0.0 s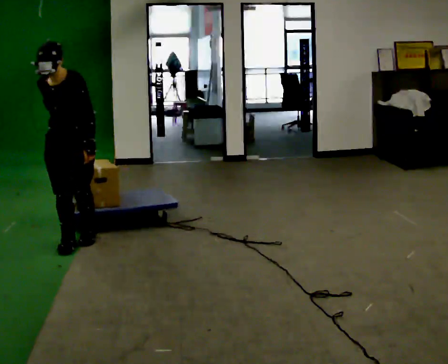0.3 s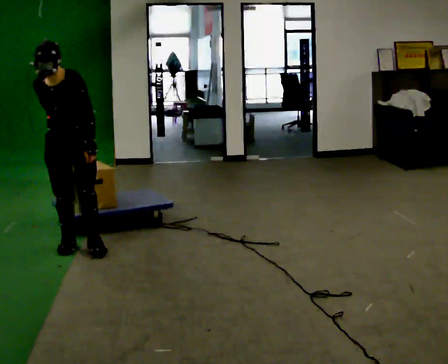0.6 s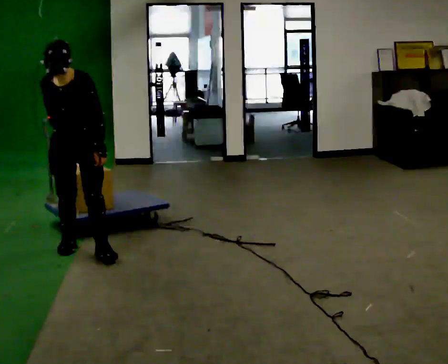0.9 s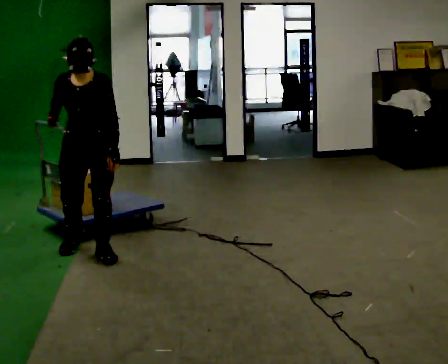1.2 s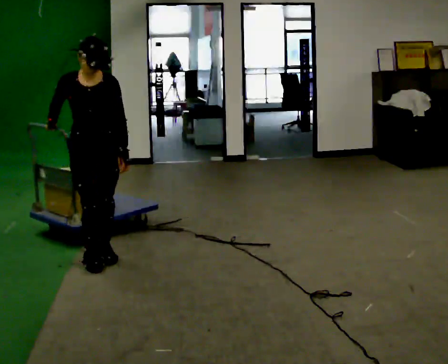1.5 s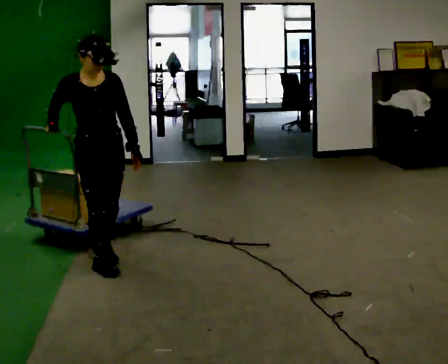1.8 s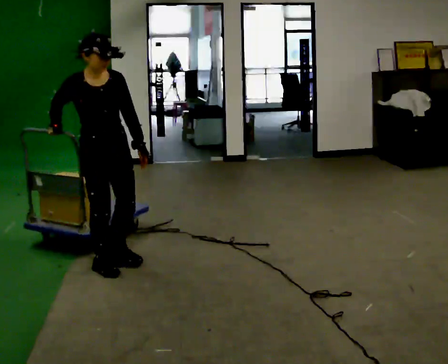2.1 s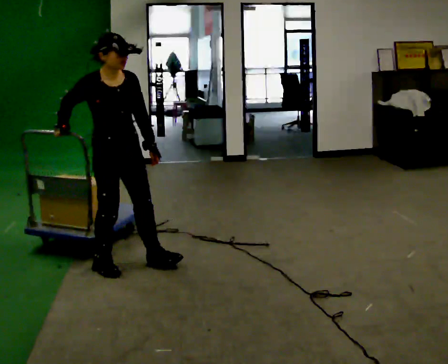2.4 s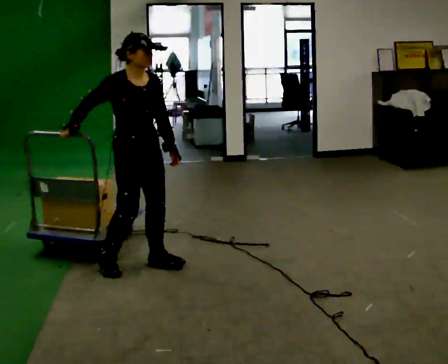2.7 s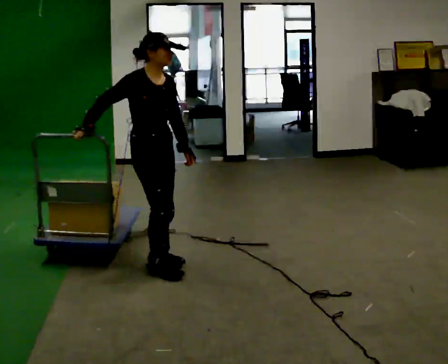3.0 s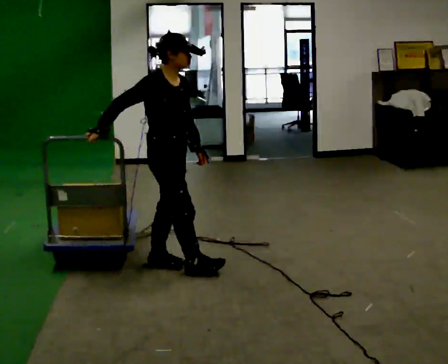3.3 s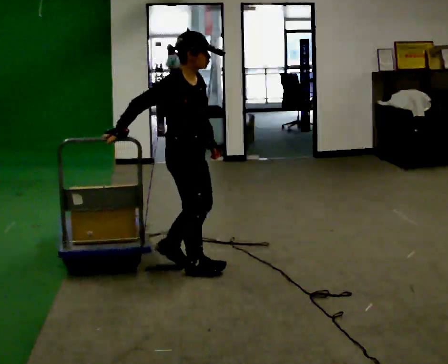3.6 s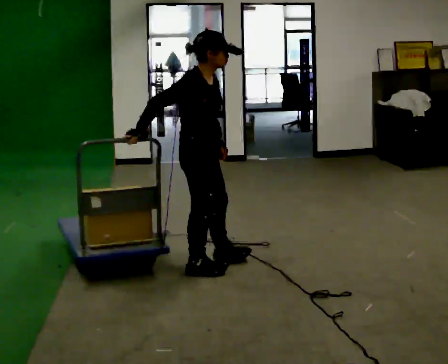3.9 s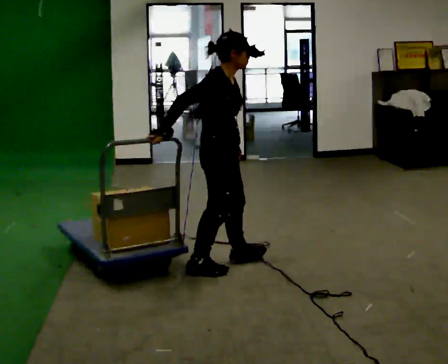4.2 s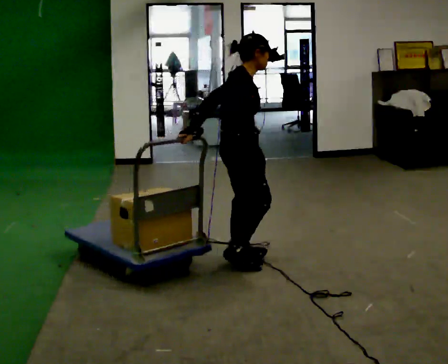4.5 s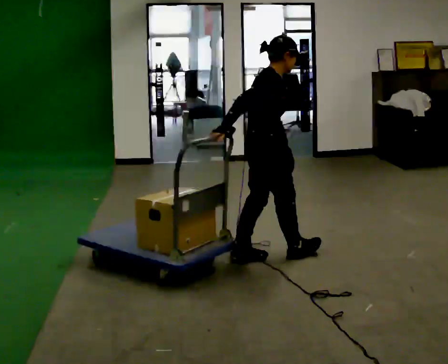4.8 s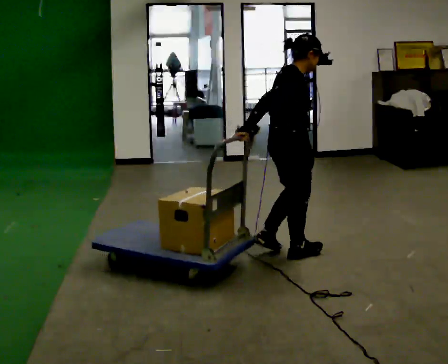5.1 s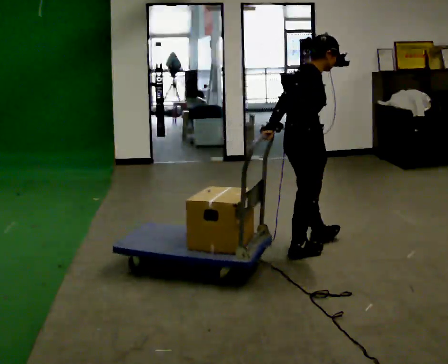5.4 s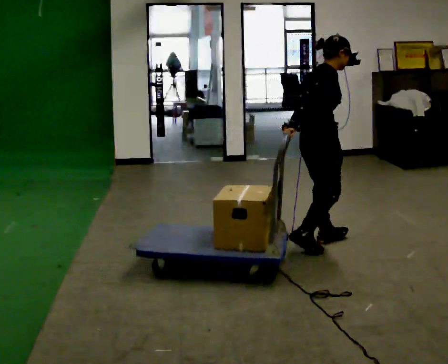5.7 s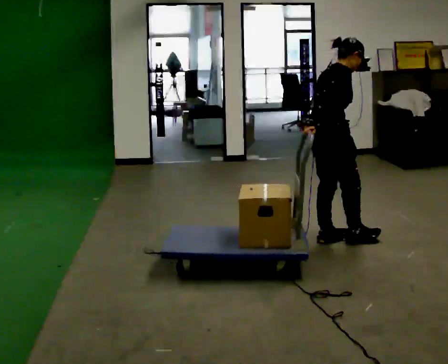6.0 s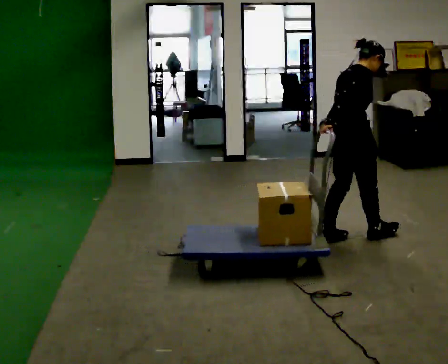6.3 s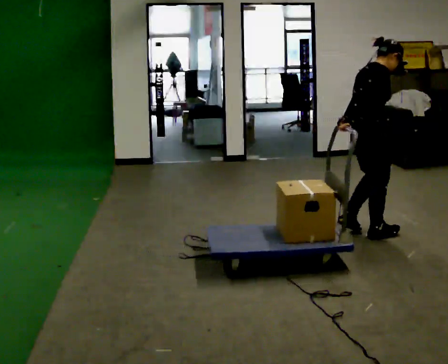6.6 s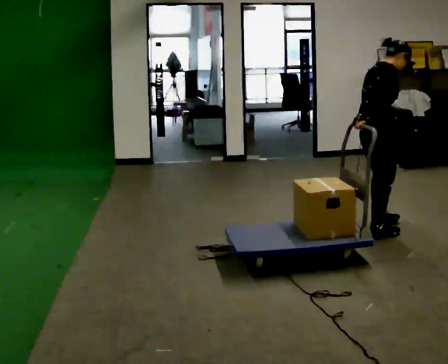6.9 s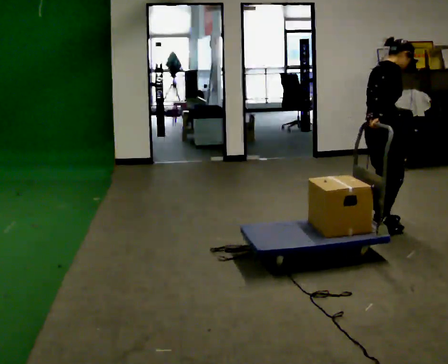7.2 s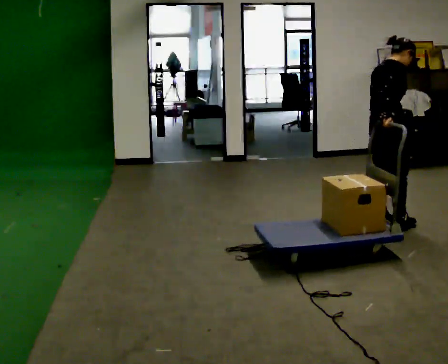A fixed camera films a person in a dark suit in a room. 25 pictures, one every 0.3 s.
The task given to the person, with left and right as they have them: Pull the cart behind you as you walk backward across the room. The operator will confirm the space behind you is clear before each take.
0.0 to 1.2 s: Seen from above the body turns counterclockwise, about 30 degrees: to their left, with its near side sliding to the right. In the picture they go toward the camera and to the right, about 0.25 m in 1 step, which for them is forward and to their left.
1.2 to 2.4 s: Seen from above the body turns counterclockwise, about 30 degrees: to their left, with its near side sliding to the right. In the picture they go to the right and toward the camera, about 0.25 m in 2 steps, which for them is forward and to their left.
2.4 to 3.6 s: Seen from above the body turns counterclockwise, about 30 degrees: to their left, with its near side sliding to the right. In the picture they go to the right, about 0.5 m in 1 step, which for them is forward.
3.6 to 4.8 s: In the picture they go to the right, about 0.5 m in 2 steps, which for them is forward.
4.8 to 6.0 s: In the picture they go to the right and away from the camera, about 0.5 m in 2 steps, which for them is forward.
6.0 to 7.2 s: In the picture they go to the right and away from the camera, about 0.5 m in 2 steps, which for them is forward and to their left.
The film runs forward here.
